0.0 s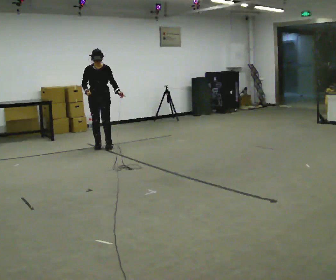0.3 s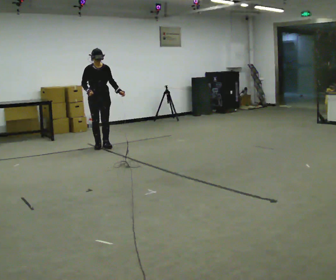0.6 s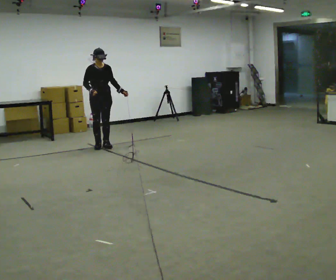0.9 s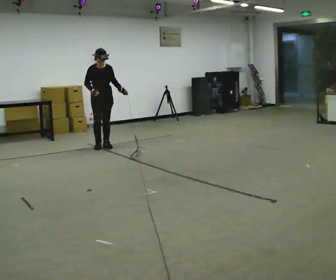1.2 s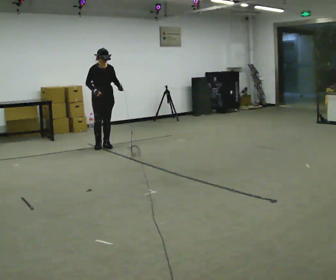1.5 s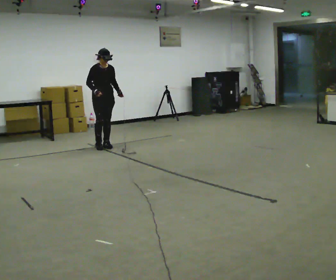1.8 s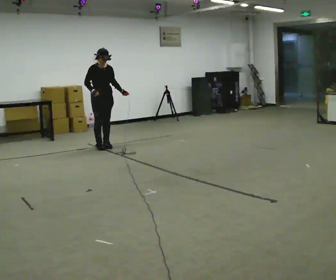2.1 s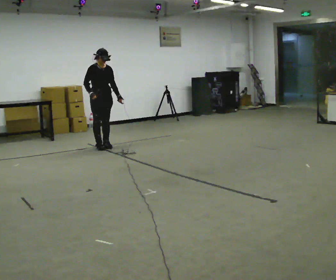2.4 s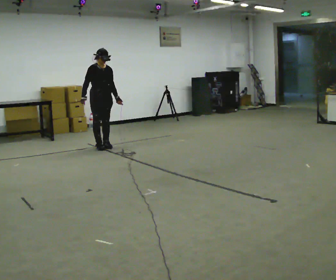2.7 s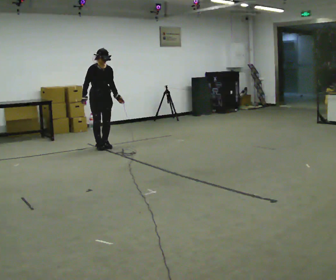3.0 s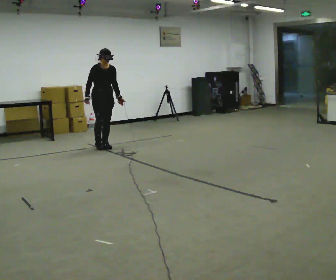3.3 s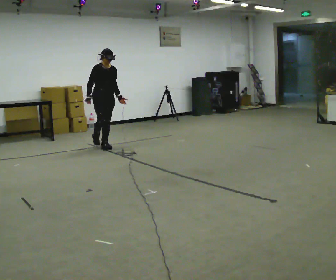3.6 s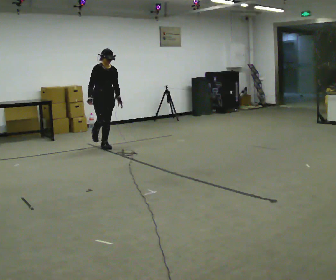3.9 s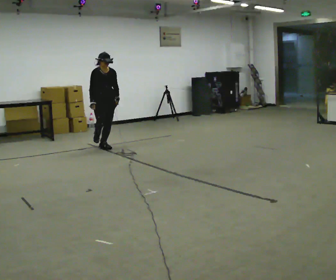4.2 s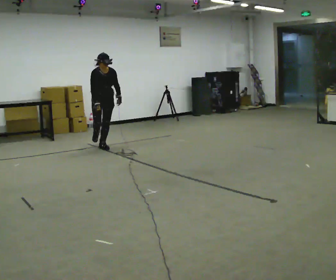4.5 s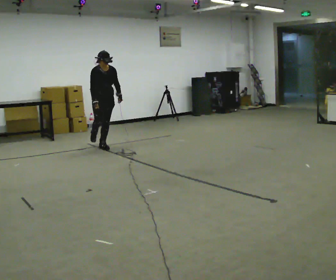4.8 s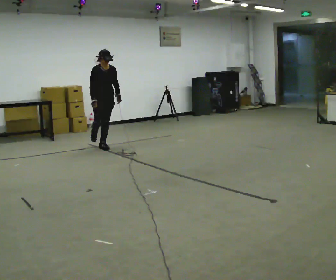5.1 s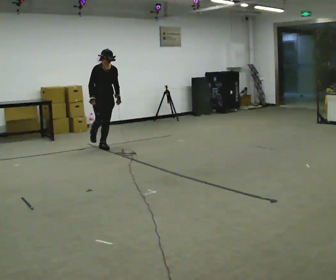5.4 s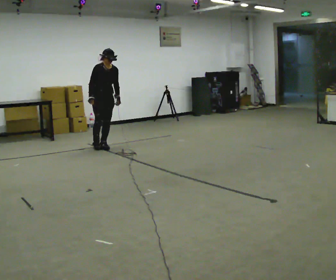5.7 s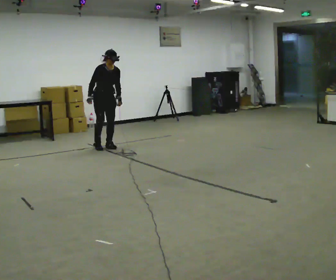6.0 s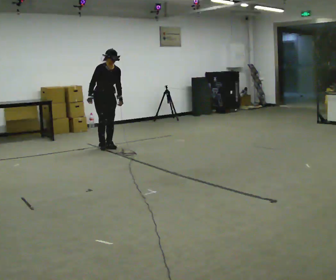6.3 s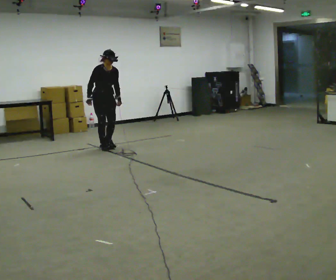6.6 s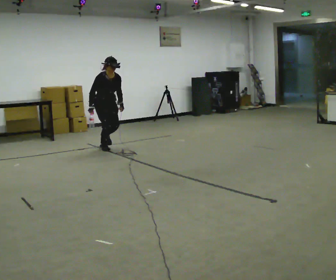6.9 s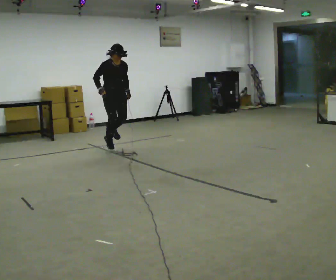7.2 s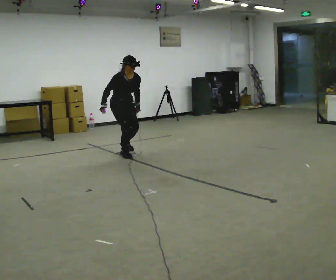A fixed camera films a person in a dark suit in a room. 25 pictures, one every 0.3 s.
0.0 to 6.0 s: The part of the body nearest the lens slides to the right as the person turns to their left by about 30 degrees.
6.0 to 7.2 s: In the picture they go toward the camera and to the right, about 0.75 m in 1 step, which for them is forward.
The film runs forward here.
